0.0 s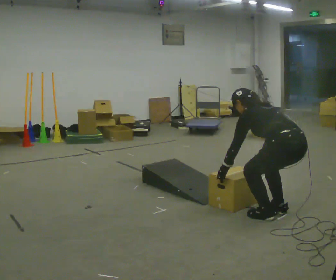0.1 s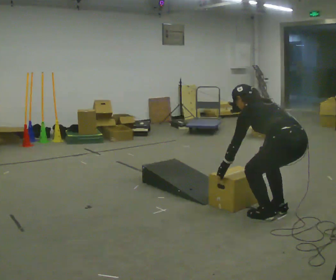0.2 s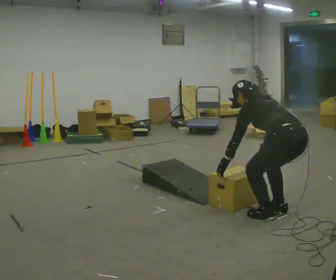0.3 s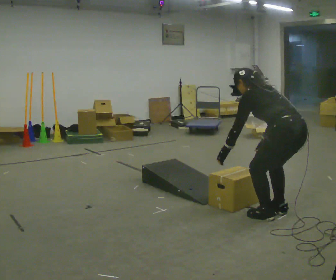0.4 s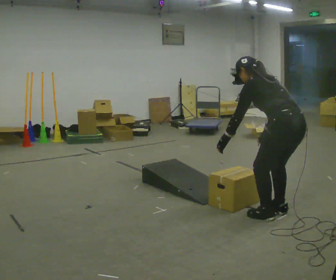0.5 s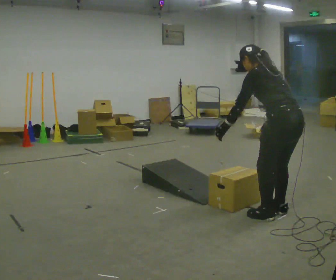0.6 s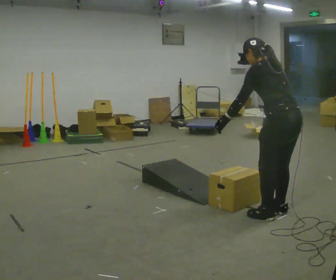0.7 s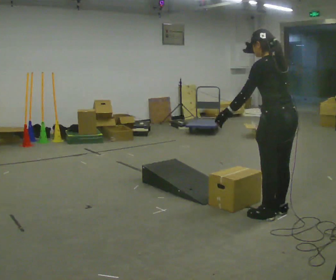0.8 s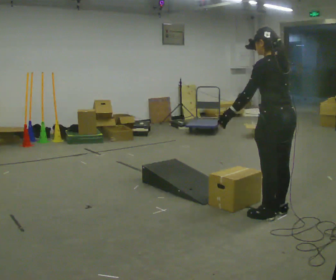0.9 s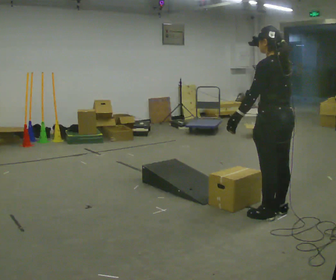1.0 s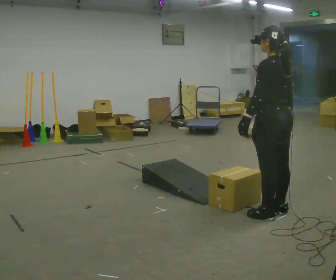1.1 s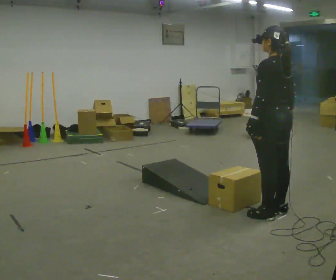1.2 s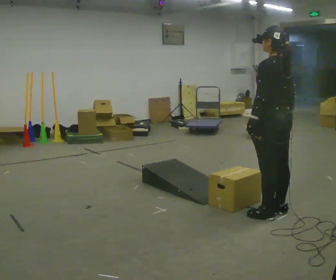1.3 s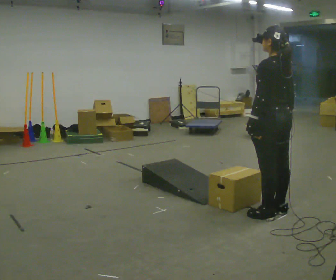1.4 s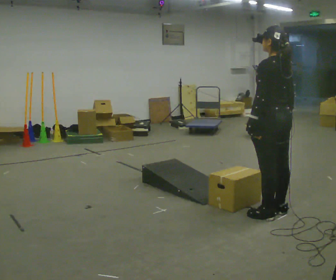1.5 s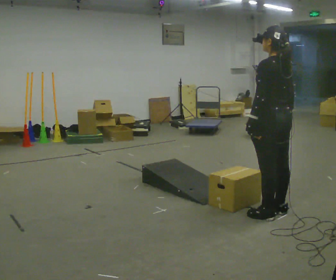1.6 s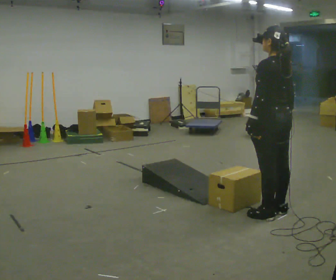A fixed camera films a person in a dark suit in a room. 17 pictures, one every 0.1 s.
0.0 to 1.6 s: The shoulders move upward. In the picture the upper body tilts clockwise, shoulders to the right, as they lean back or straighten. In the picture their left hand goes upward.
The film runs backward here.
